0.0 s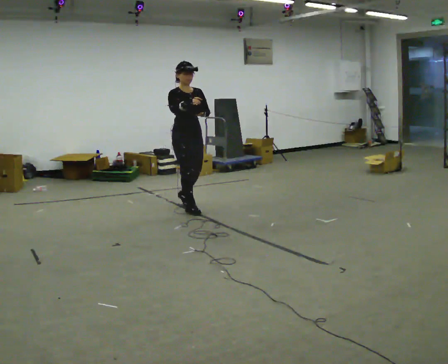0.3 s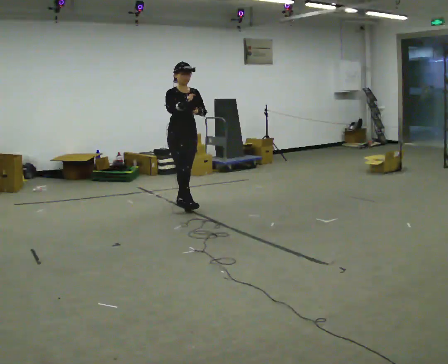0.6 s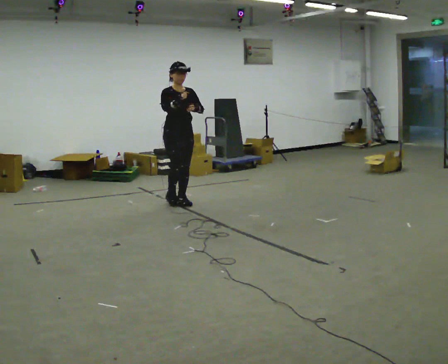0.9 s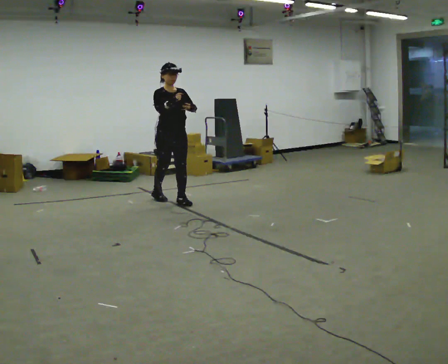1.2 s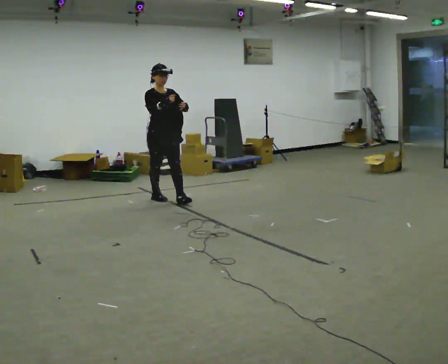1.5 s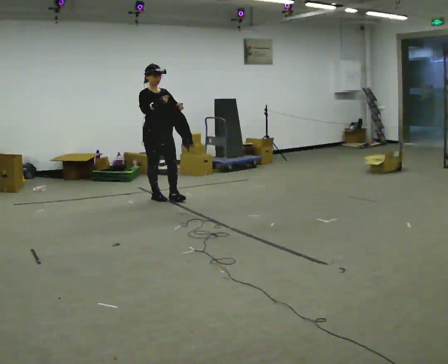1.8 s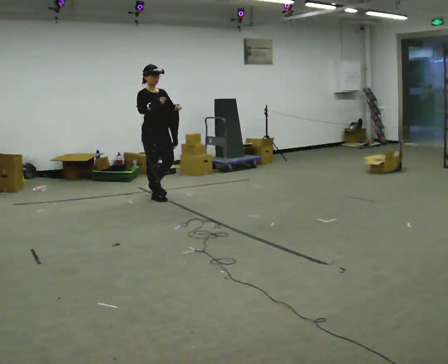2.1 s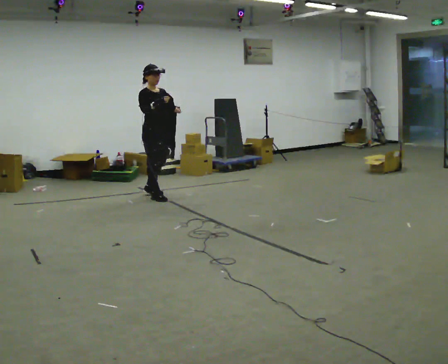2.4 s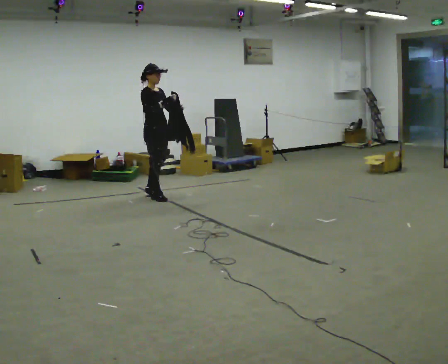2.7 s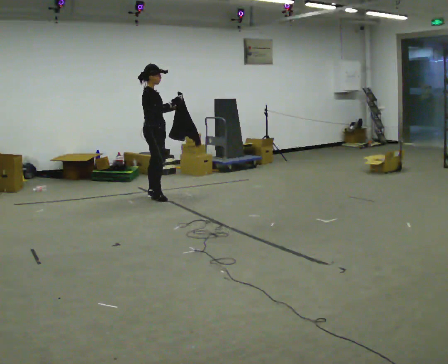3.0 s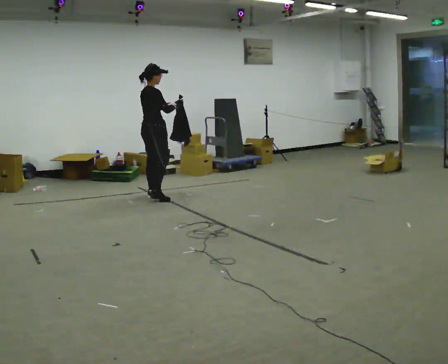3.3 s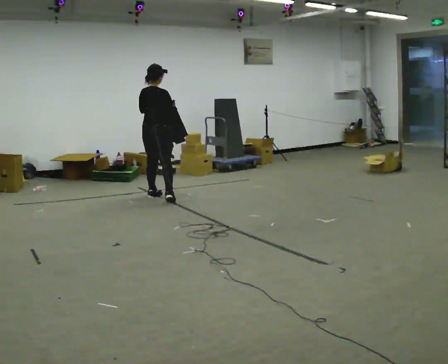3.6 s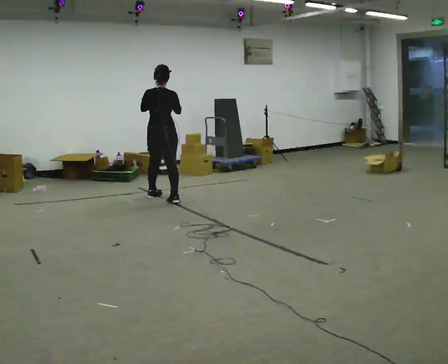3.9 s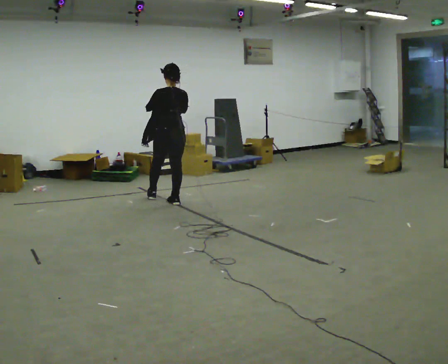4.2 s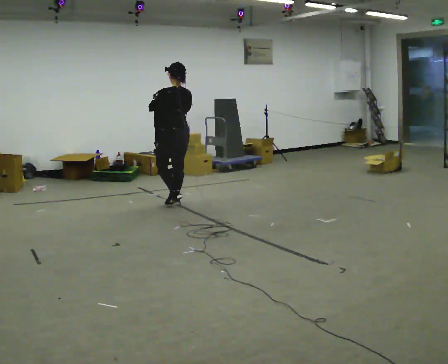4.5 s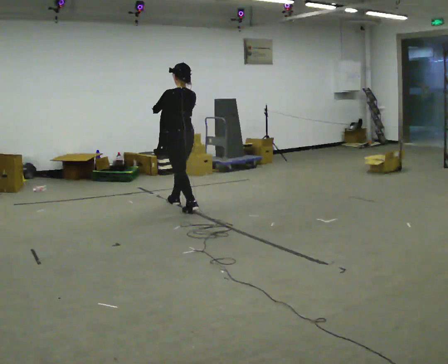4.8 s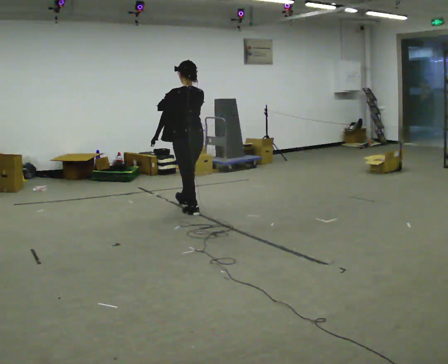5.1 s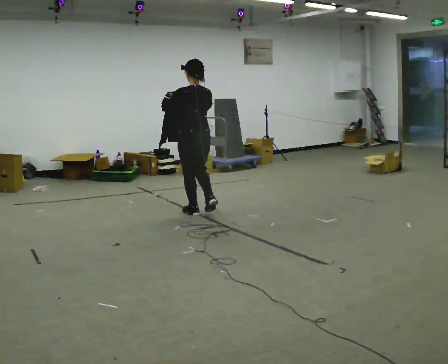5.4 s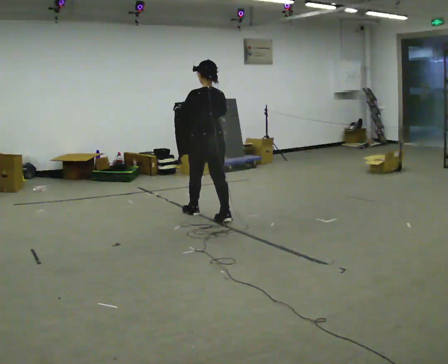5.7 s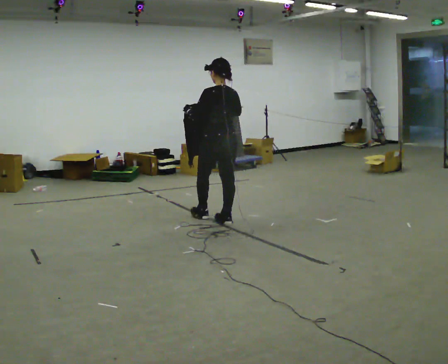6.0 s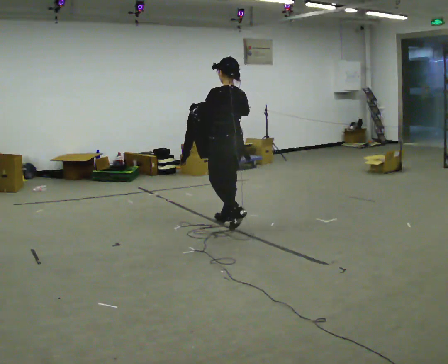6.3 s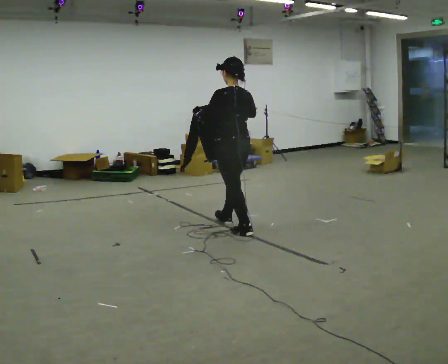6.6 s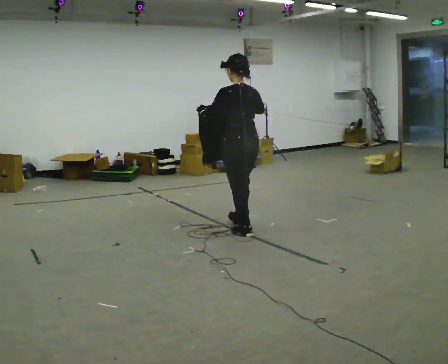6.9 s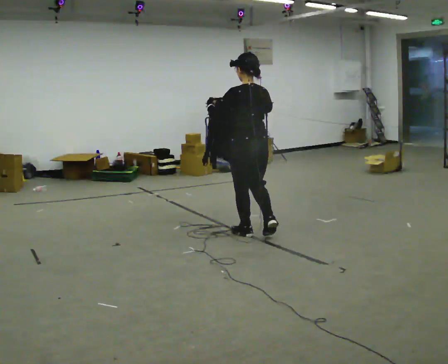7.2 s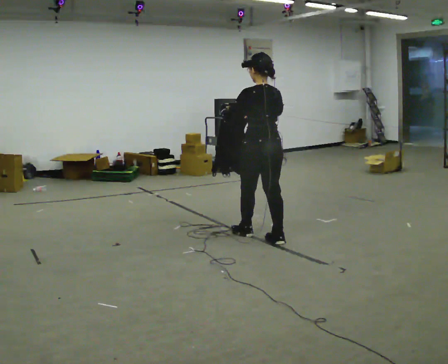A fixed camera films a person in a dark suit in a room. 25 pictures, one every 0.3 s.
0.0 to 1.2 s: In the picture they go away from the camera and to the left, about 0.5 m in 1 step, which for them is backward.
1.2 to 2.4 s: The part of the body nearest the lens slides to the right as the person turns to their left by about 30 degrees. In the picture they go away from the camera, about 0.25 m in 2 steps, which for them is backward.
2.4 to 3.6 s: The part of the body nearest the lens slides to the right as the person turns to their left by about 105 degrees. In the picture their left hand goes to the left.
3.6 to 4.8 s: The part of the body nearest the lens slides to the right as the person turns to their left by about 45 degrees. In the picture they go toward the camera and to the right, about 0.75 m in 2 steps, which for them is backward.
4.8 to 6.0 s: In the picture they go toward the camera and to the right, about 0.75 m in 1 step, which for them is backward.
6.0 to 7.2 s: In the picture they go toward the camera and to the right, about 0.5 m in 1 step, which for them is backward.
The film runs backward here.
